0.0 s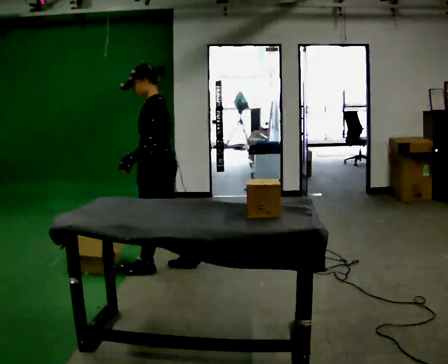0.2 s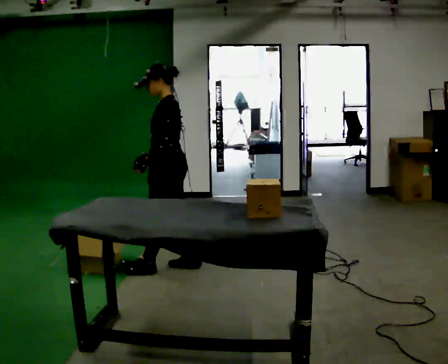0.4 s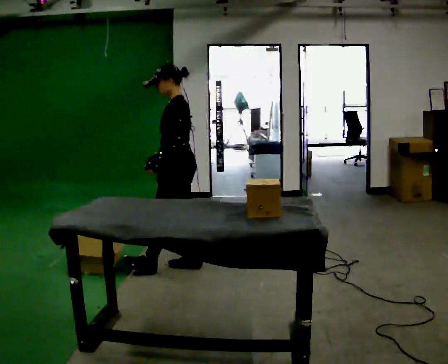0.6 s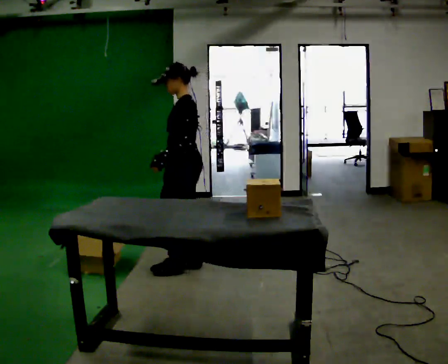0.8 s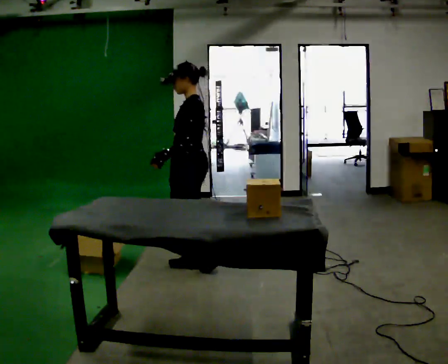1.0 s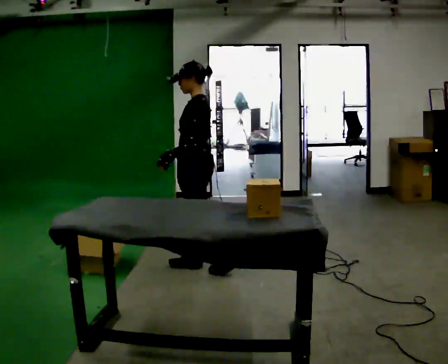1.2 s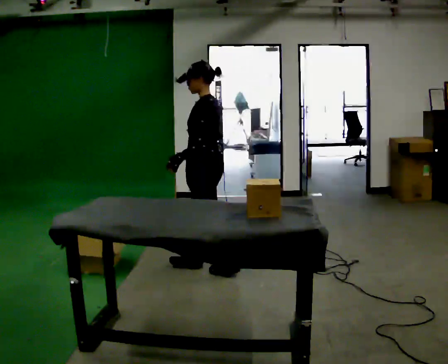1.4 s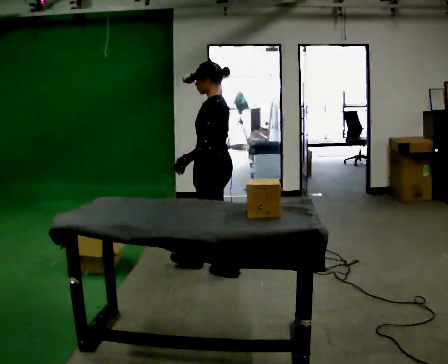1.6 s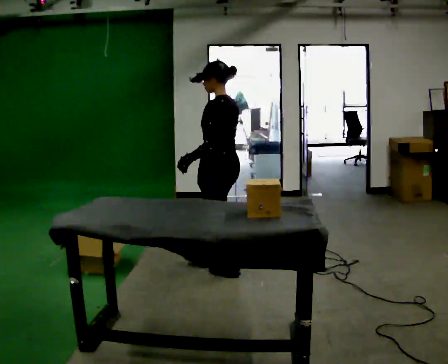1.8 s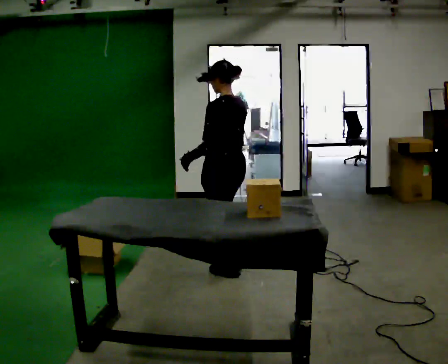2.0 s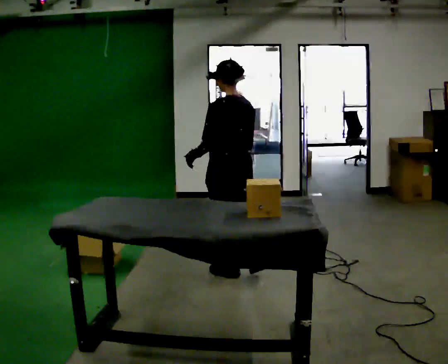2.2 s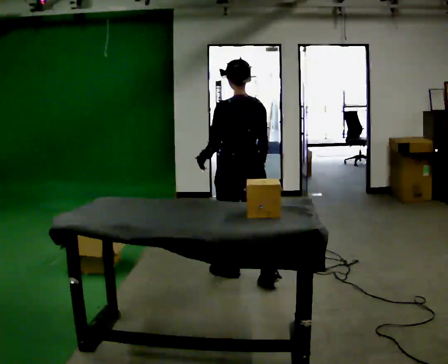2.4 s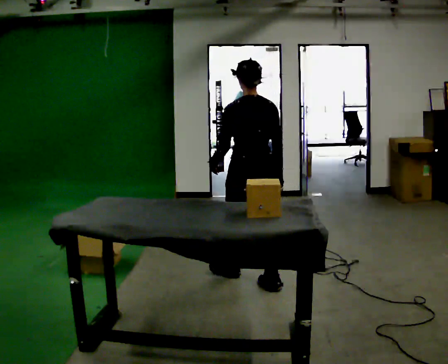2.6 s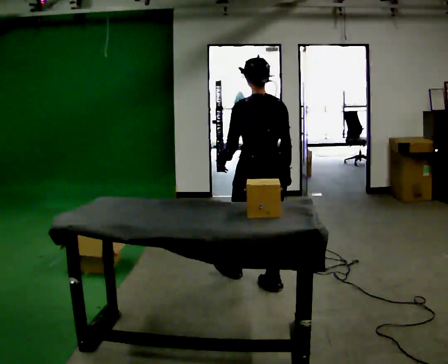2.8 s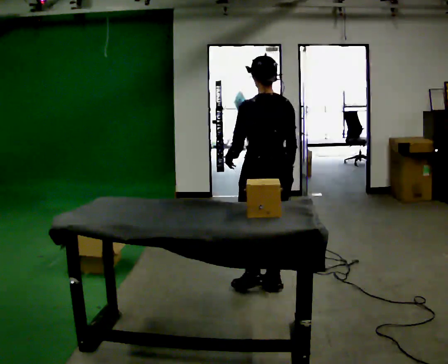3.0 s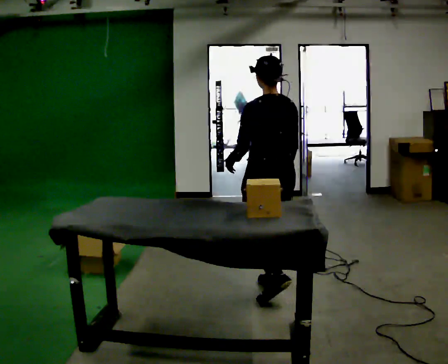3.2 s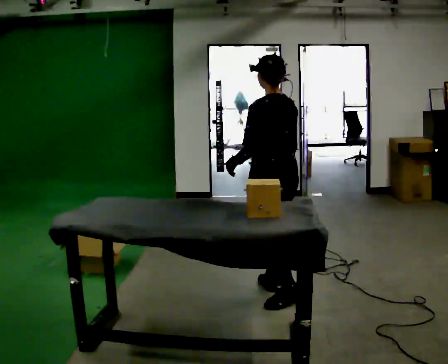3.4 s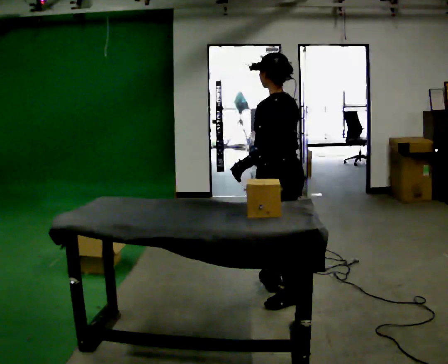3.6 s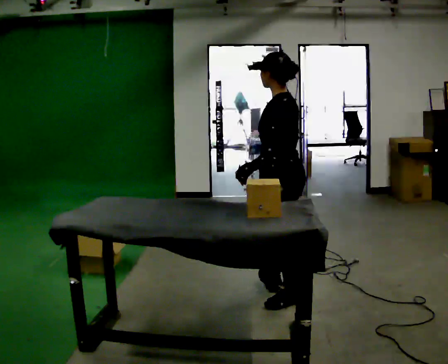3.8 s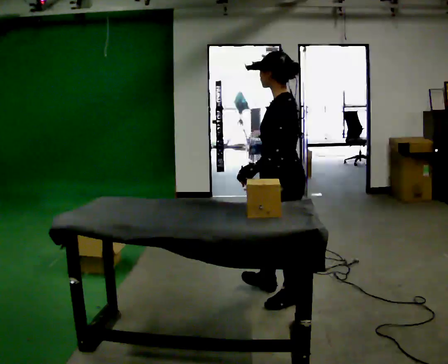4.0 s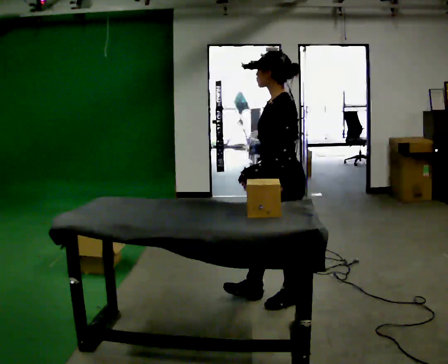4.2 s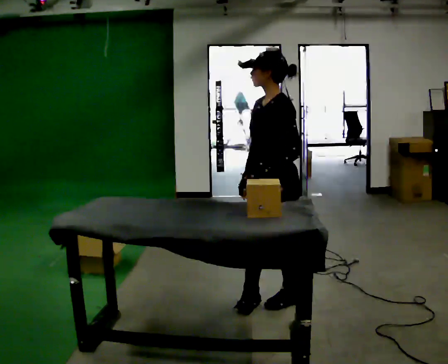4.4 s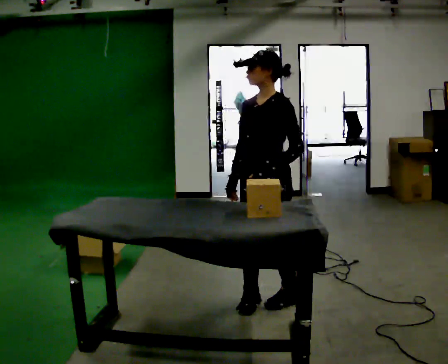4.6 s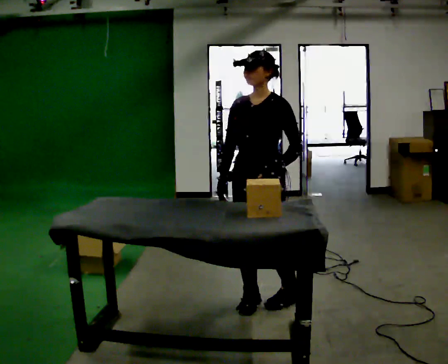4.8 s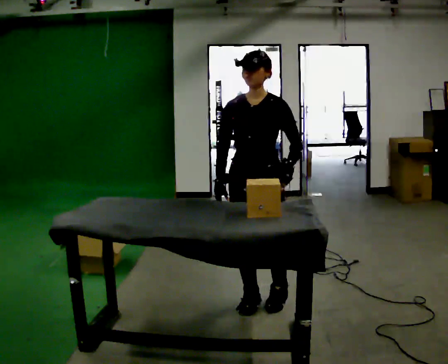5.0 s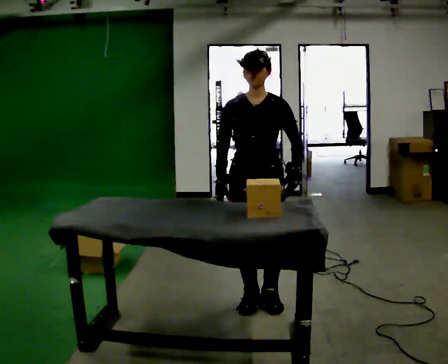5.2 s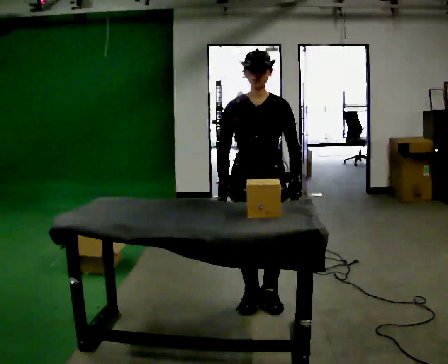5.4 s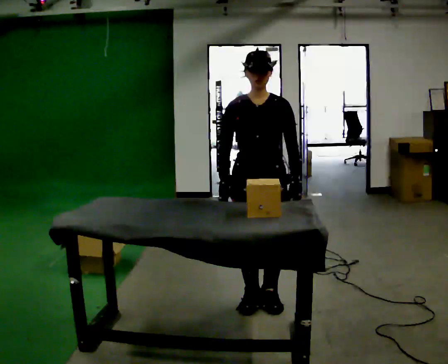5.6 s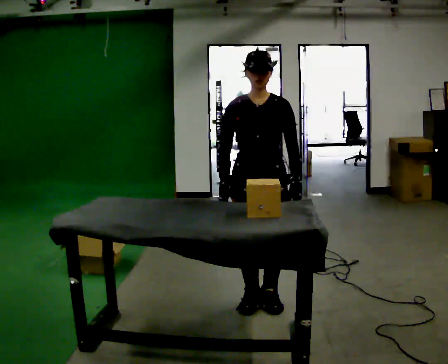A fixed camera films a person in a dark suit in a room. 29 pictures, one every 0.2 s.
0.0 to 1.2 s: In the picture they go to the right, about 0.25 m in 1 step, which for them is backward.
1.2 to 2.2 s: Seen from above the body turns clockwise, about 45 degrees: to their right, with its near side sliding to the left. In the picture they go to the right and toward the camera, about 0.25 m in 1 step, which for them is backward.
2.2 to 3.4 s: Seen from above the body turns counterclockwise, about 30 degrees: to their left, with its near side sliding to the right. In the picture they go toward the camera and to the right, about 0.5 m in 1 step, which for them is backward.
3.4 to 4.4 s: The part of the body nearest the lens slides to the right as the person turns to their left by about 75 degrees. In the picture their right hand goes to the left.
4.4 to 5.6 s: The part of the body nearest the lens slides to the right as the person turns to their left by about 45 degrees.
The film runs backward here.
